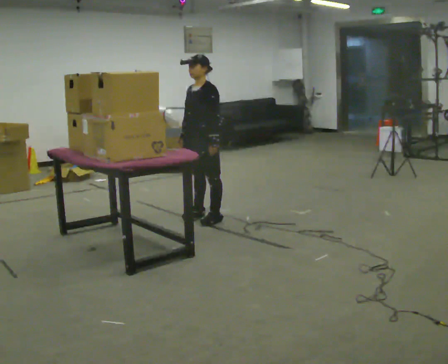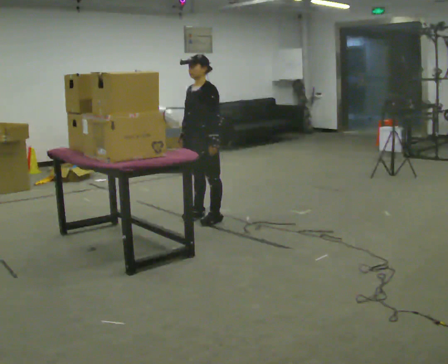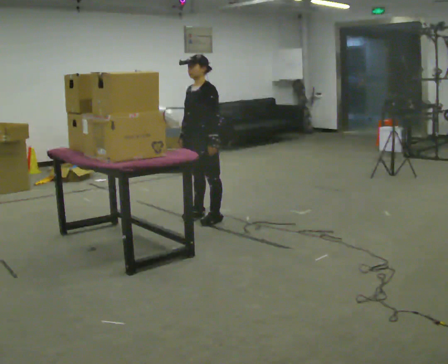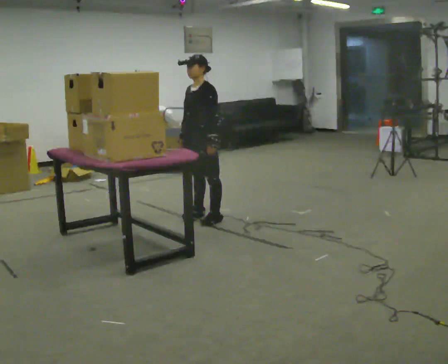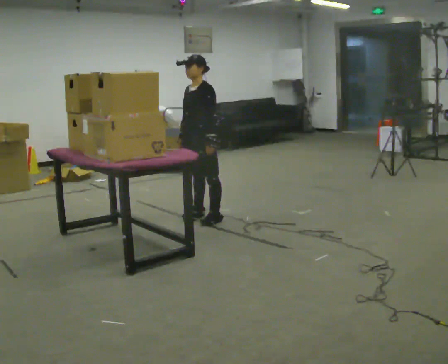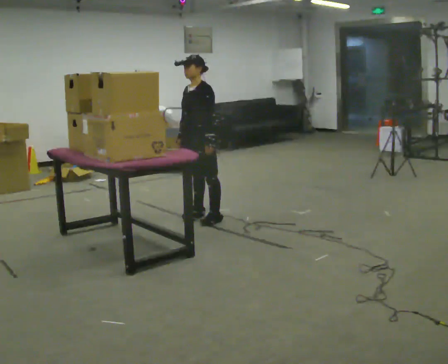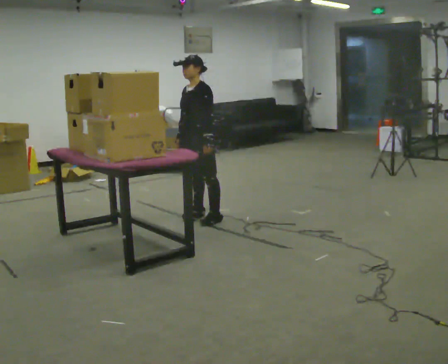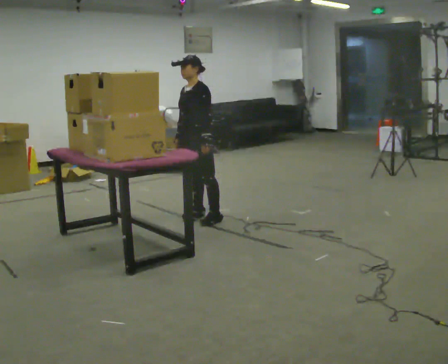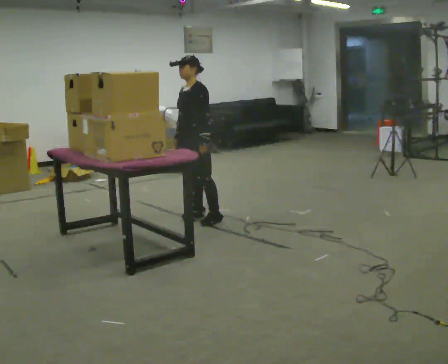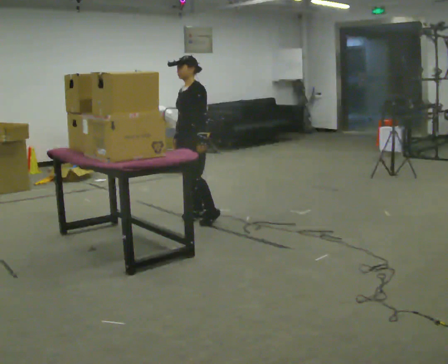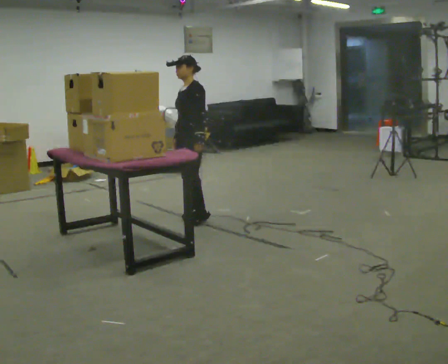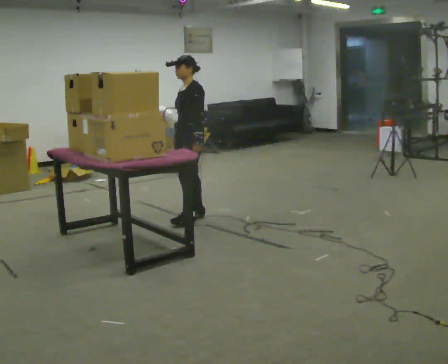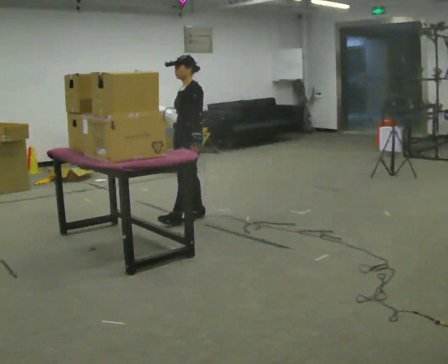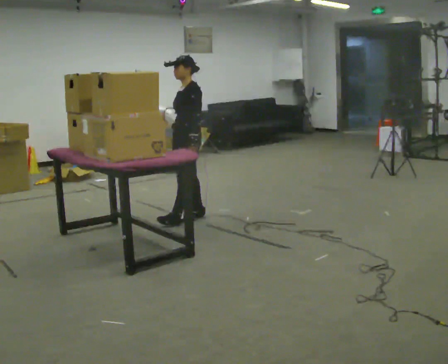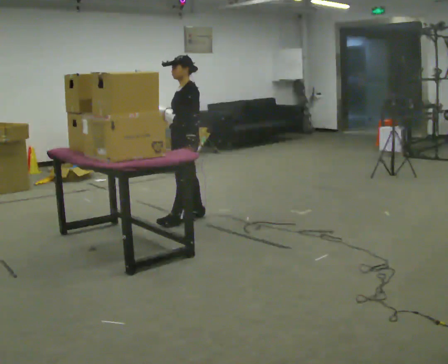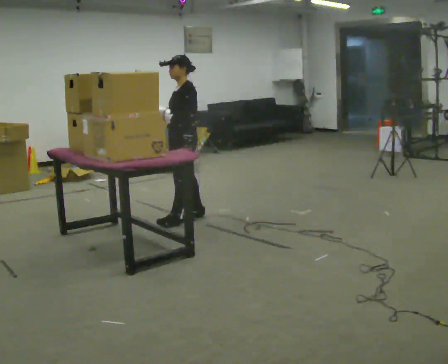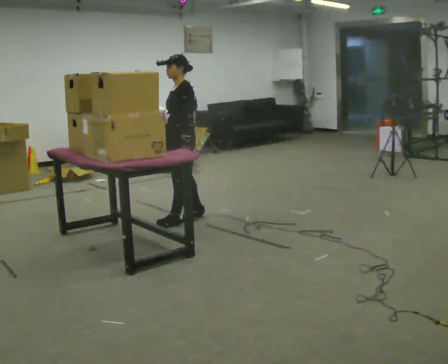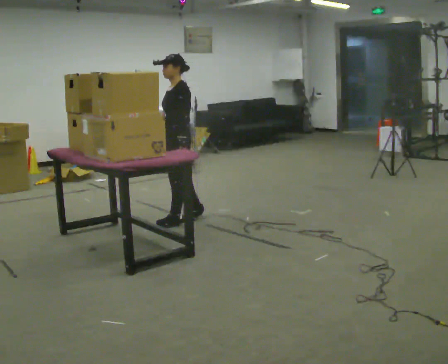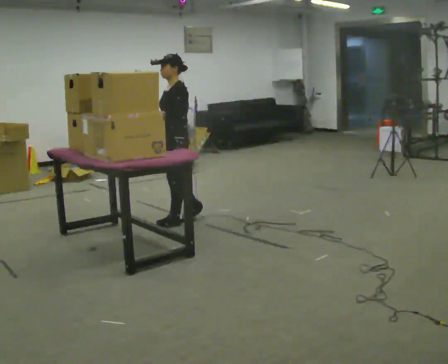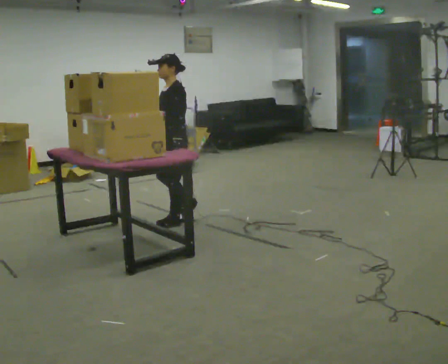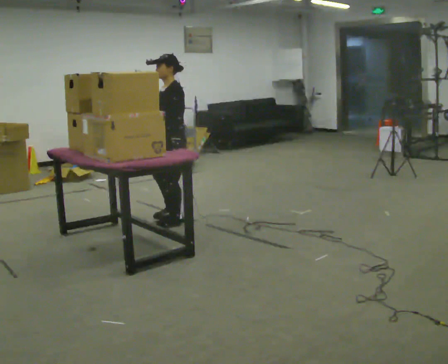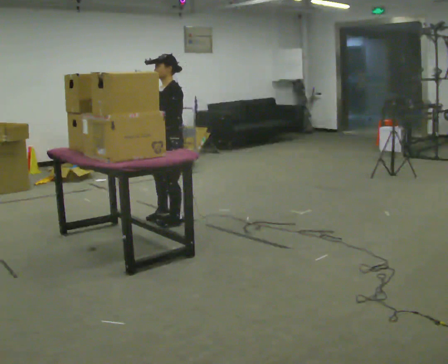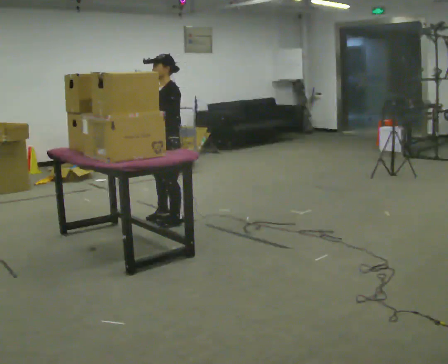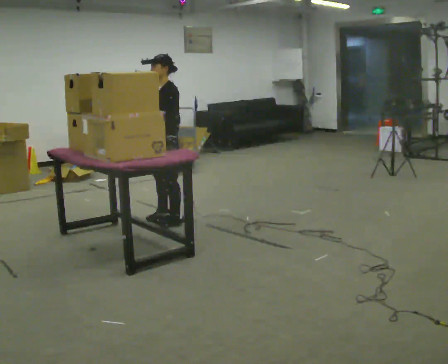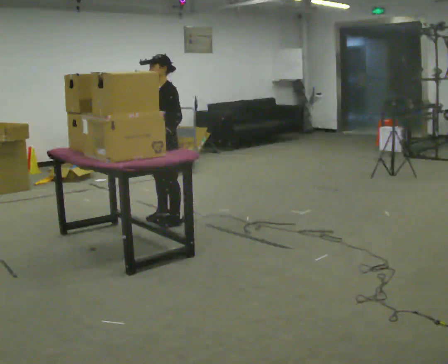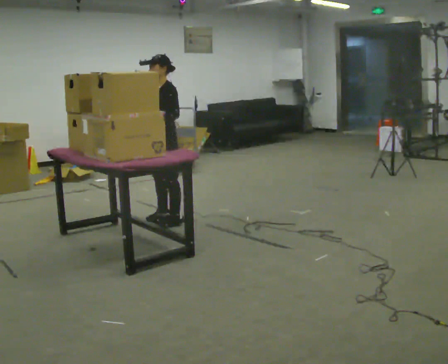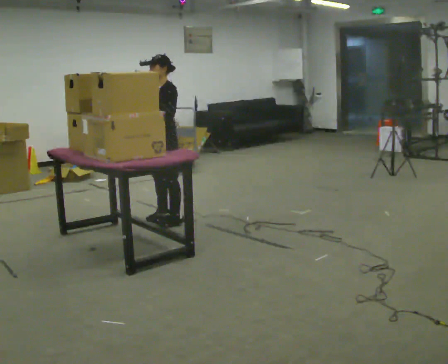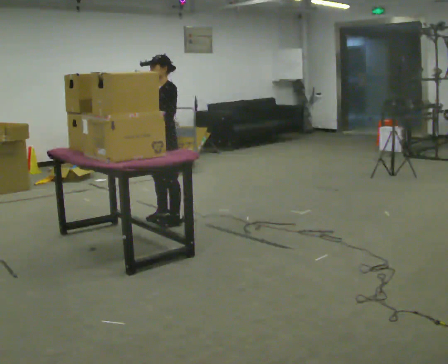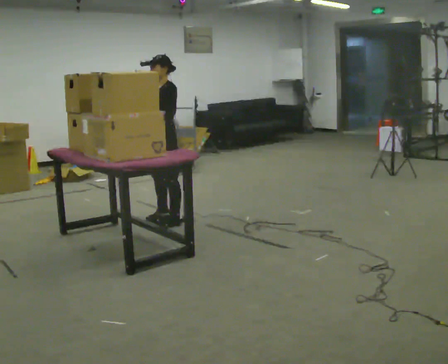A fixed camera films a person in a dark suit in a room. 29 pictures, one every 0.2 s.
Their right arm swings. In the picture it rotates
clockwise.
Their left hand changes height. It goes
upward.
0.0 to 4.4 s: In the picture they go to the left, about 0.25 m in 2 steps, which for them is forward.
4.4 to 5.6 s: In the picture their right hand goes upward and to the left, the arm swinging clockwise.
The film runs forward here.
